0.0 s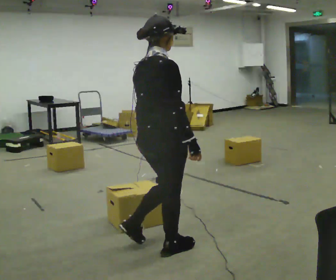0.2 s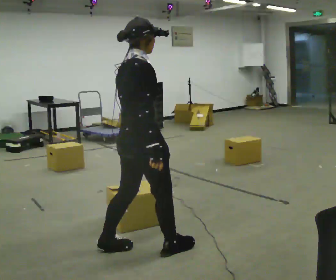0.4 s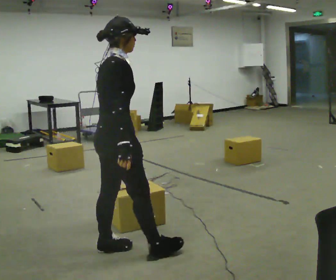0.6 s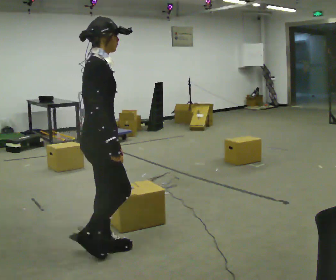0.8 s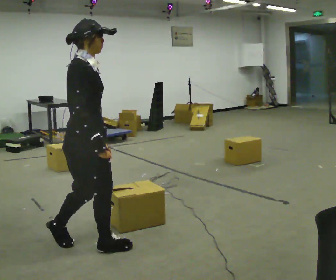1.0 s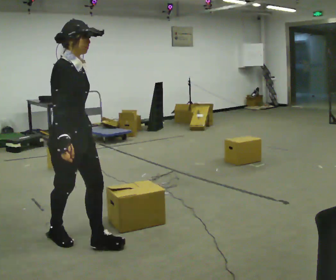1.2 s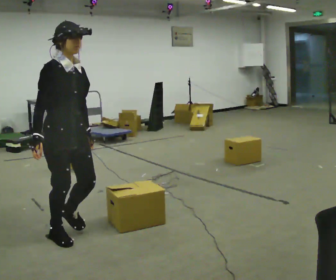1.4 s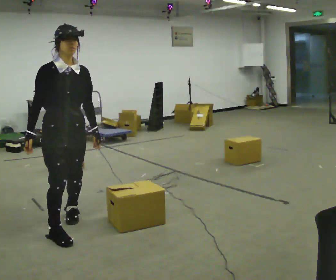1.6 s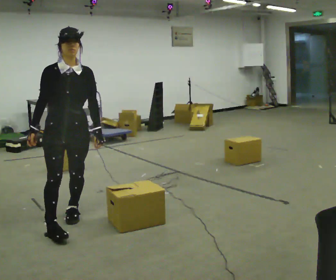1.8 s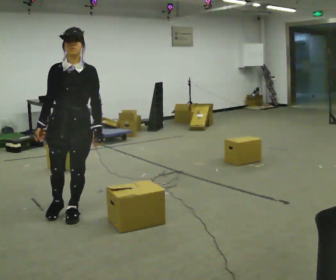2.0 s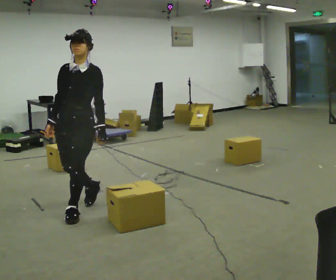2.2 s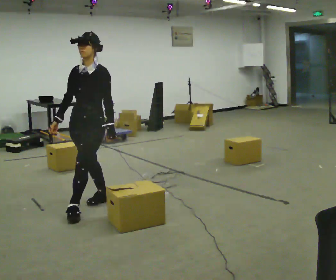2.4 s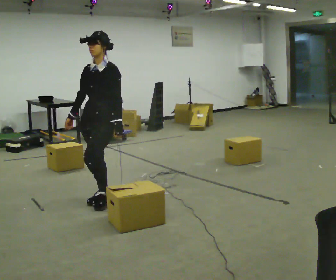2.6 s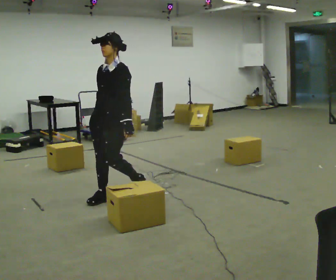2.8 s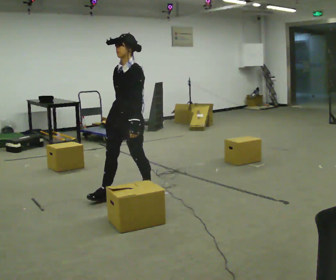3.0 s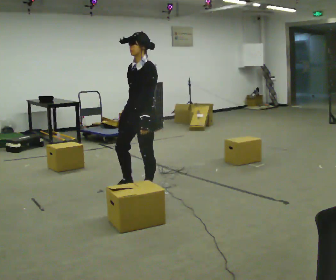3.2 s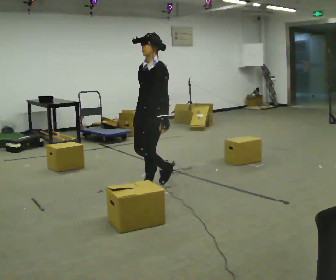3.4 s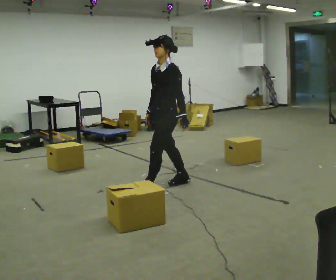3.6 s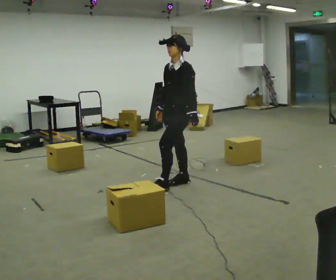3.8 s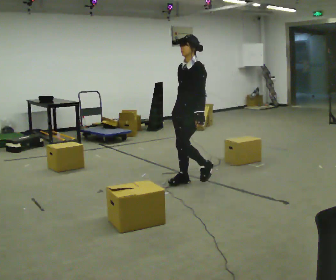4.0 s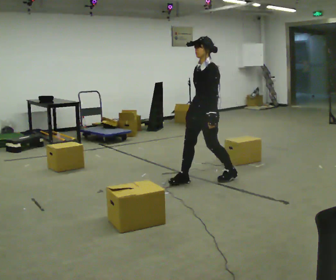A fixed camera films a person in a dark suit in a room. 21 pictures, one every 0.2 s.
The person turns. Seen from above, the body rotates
clockwise.
The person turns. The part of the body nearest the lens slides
to the left.
0.0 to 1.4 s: The part of the body nearest the lens slides to the left as the person turns to their right by about 90 degrees. In the picture they go to the left and away from the camera, about 1 m in 2 steps.
1.4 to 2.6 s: The person turns about 75 degrees to their right, clockwise seen from above, so the part of the body nearest the lens slides to the left. In the picture they go away from the camera and to the right, about 1 m in 2 steps.
2.6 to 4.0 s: The person turns about 30 degrees to their right, clockwise seen from above, so the part of the body nearest the lens slides to the left. In the picture they go to the right, about 1 m in 2 steps, which for them is backward.
The film runs backward here.
